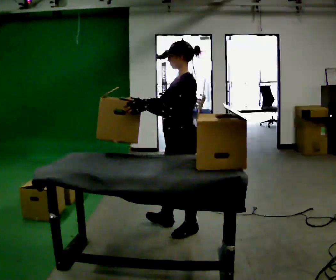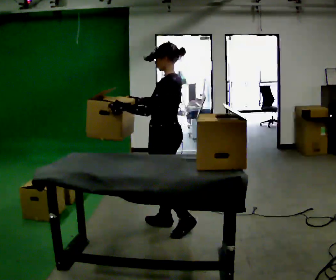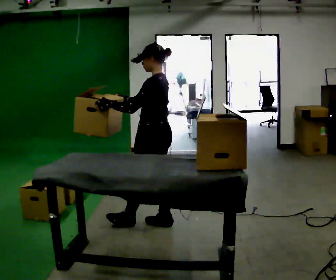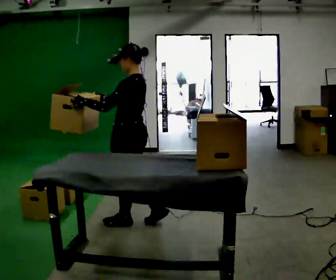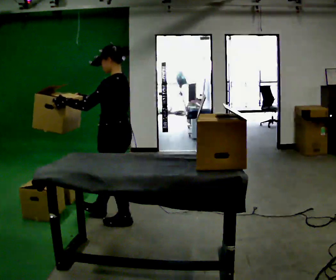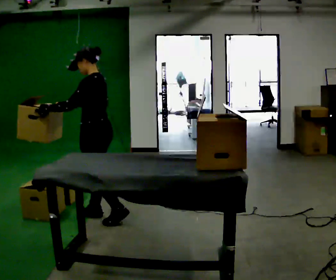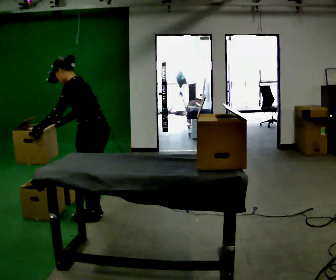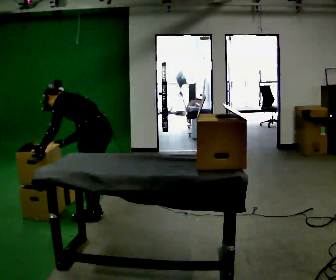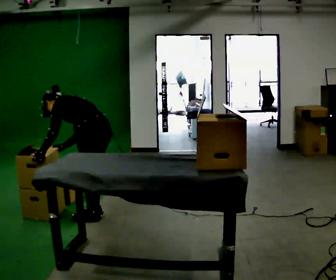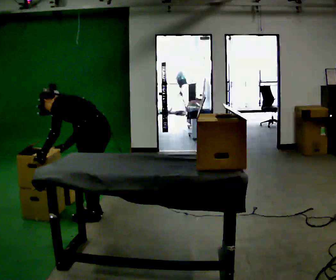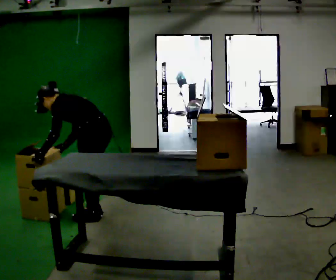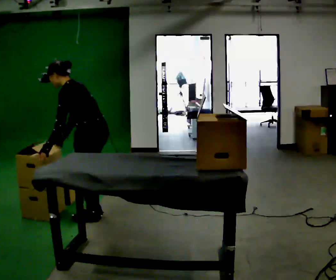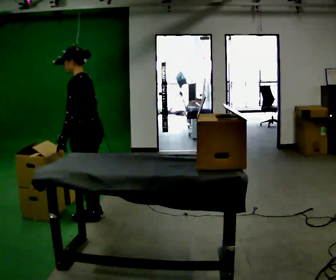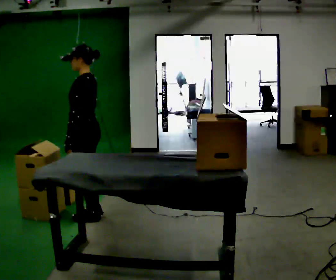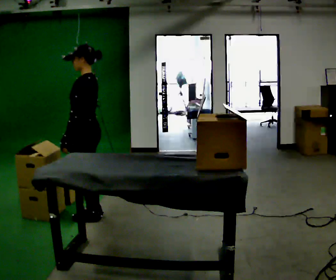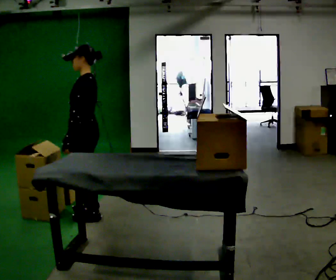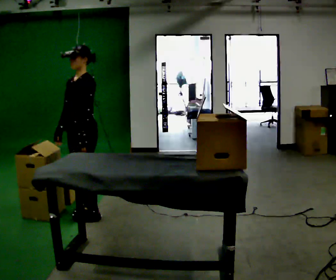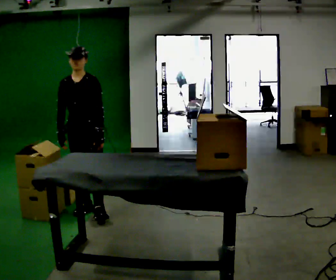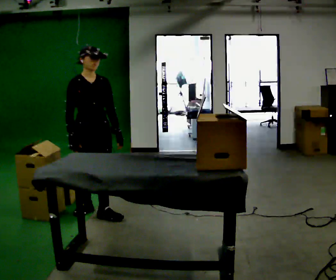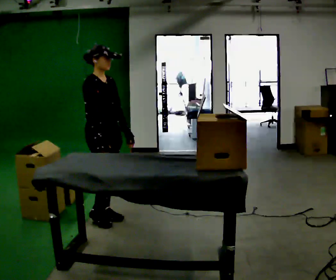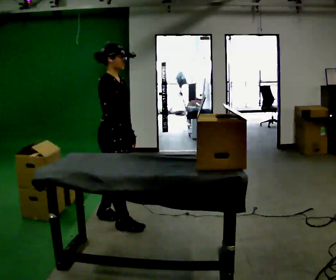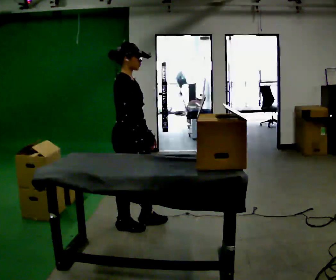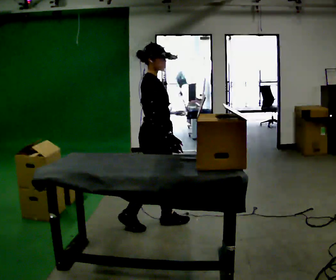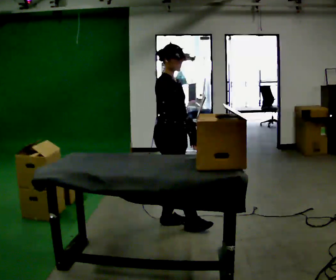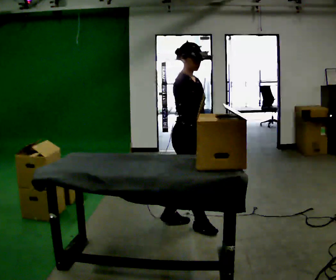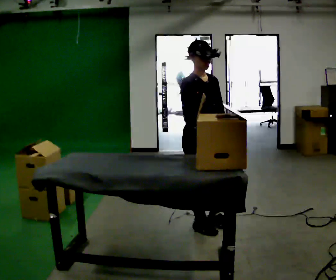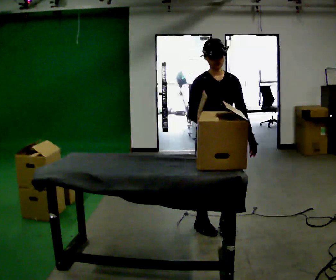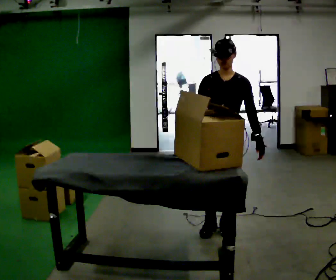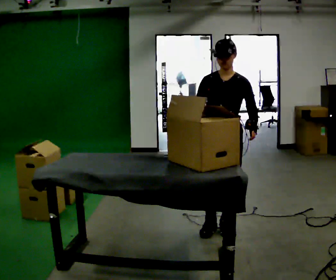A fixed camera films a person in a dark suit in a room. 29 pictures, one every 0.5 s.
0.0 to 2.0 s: In the picture they go to the left and away from the camera, about 0.5 m in 1 step, which for them is forward.
2.0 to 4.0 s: In the picture they go to the left, about 0.25 m in 2 steps, which for them is forward. The upper body goes downward. In the picture the upper body tilts counterclockwise, shoulders to the left, as they bend forward. In the picture their right hand goes downward, the arm swinging counterclockwise.
4.0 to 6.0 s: The shoulders move upward. In the picture the upper body tilts clockwise, shoulders to the right, as they lean back or straighten.
6.0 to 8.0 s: Seen from above the body turns counterclockwise, about 45 degrees: to their left, with its near side sliding to the right.
8.0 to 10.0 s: The part of the body nearest the lens slides to the right as the person turns to their left by about 120 degrees. In the picture they go toward the camera and to the right, about 0.5 m in 1 step.
10.0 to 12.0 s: In the picture they go to the right, about 0.5 m in 2 steps, which for them is forward.
12.0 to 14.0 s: Seen from above the body turns clockwise, about 90 degrees: to their right, with its near side sliding to the left. In the picture they go to the right and toward the camera, about 0.25 m in 1 step.
The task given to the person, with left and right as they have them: Pick an object up off the floor at one end of the room, carry it across, and place it on the waist-height shelf at the other end. Keep going until the operator says stop; one object at a time, and do not rush between trips.
The film runs forward here.
